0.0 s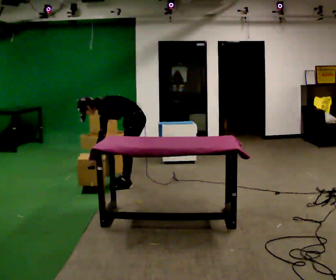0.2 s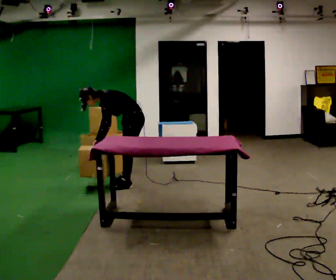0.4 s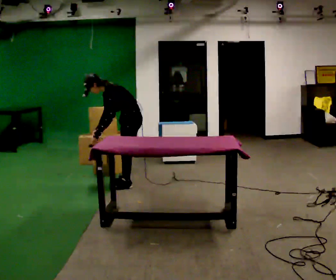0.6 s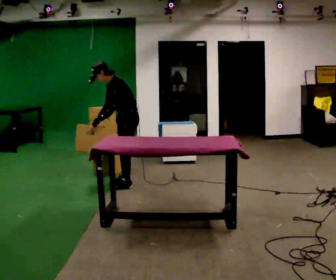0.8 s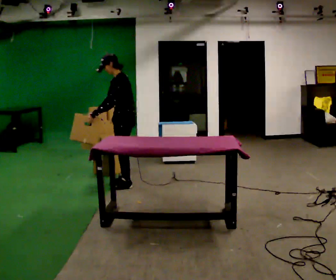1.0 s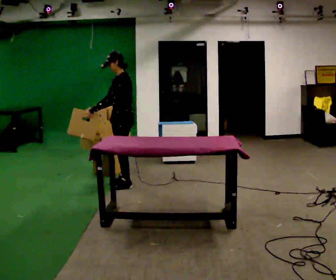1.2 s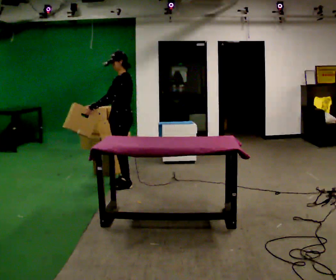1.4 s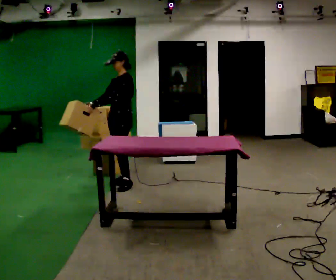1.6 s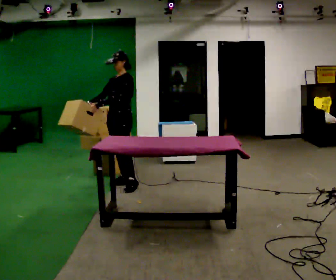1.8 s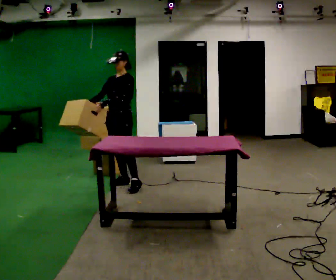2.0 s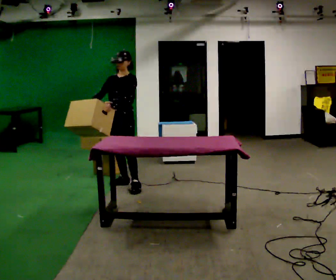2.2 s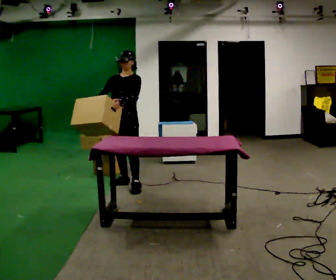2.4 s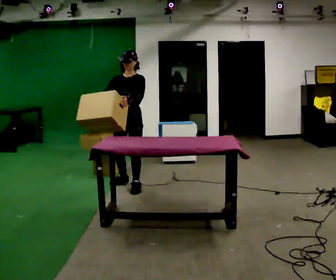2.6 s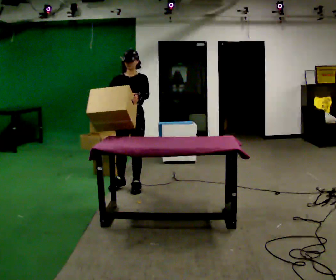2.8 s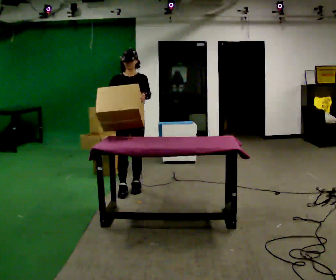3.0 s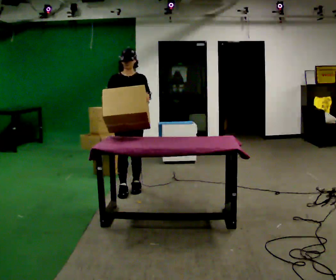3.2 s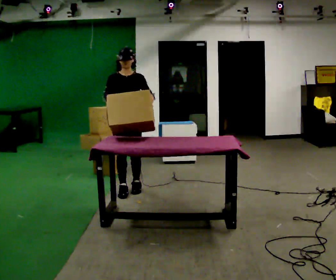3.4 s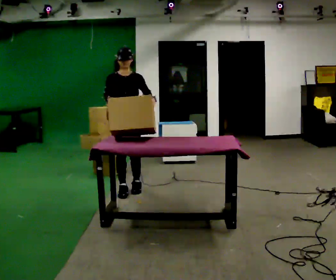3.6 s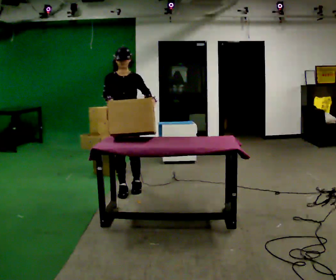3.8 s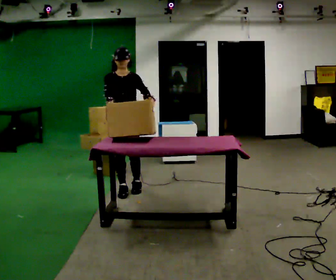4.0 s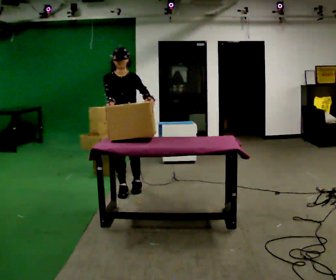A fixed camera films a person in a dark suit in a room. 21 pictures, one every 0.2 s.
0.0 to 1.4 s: In the picture they go to the left, about 0.25 m, which for them is forward. The shoulders move upward. In the picture the upper body tilts clockwise, shoulders to the right, as they lean back or straighten. In the picture their right hand goes upward.
1.4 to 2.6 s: The person turns about 45 degrees to their left, counterclockwise seen from above, so the part of the body nearest the lens slides to the right. In the picture they go toward the camera, about 0.25 m, which for them is to their left and forward.
2.6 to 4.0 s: The person moves a little, or ends about where they began.
The film runs forward here.
